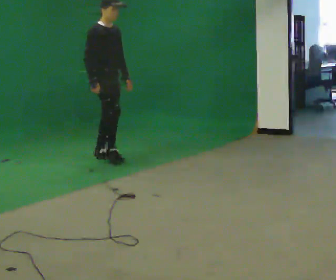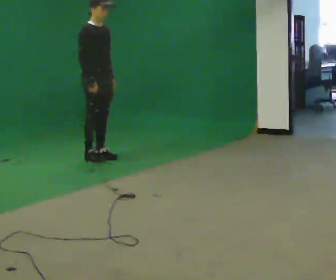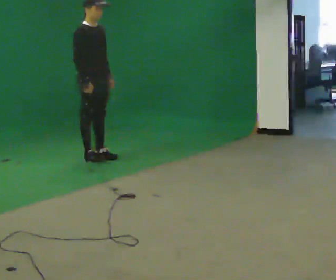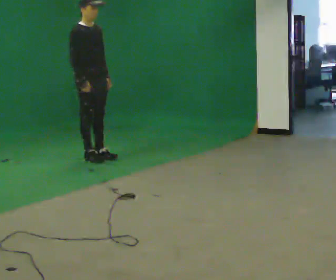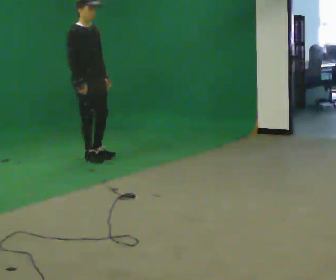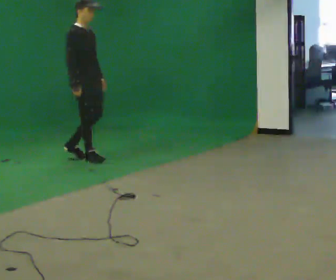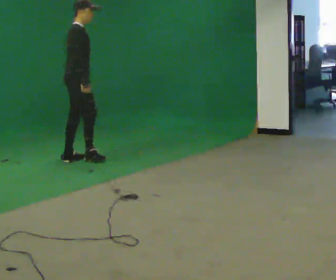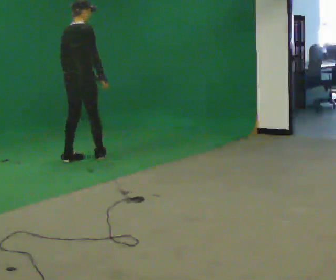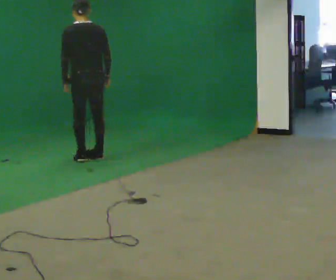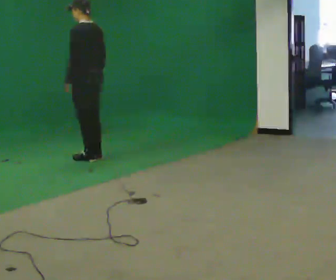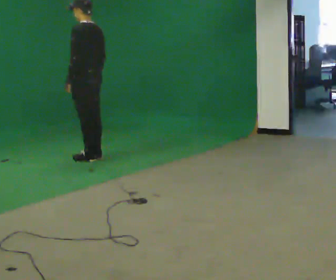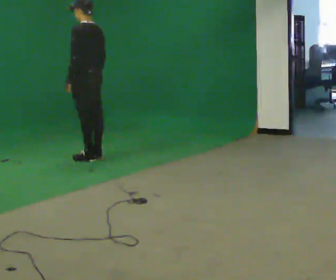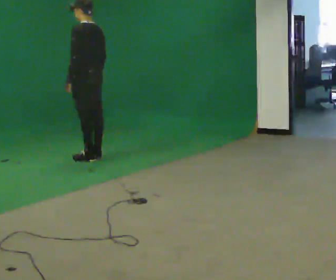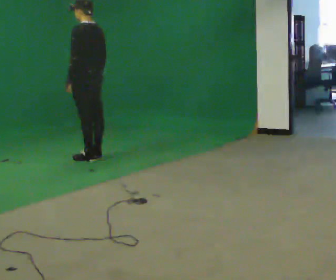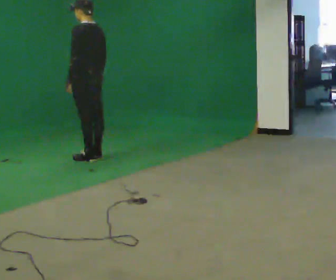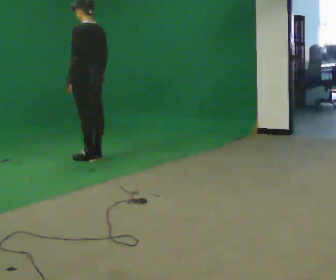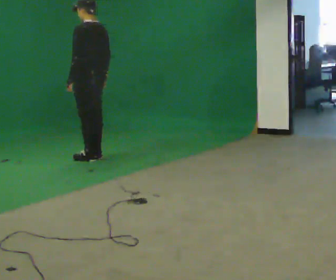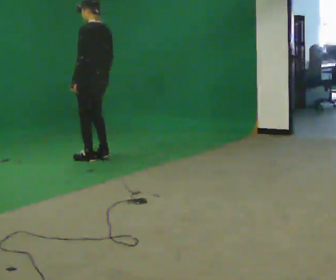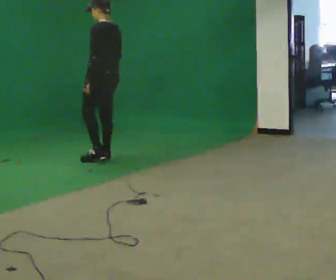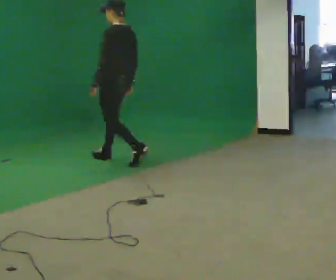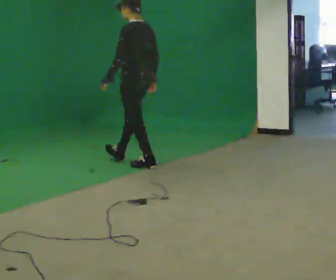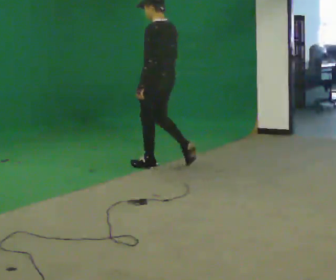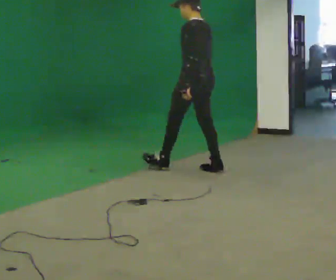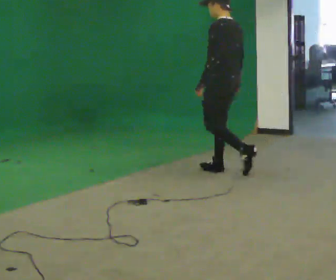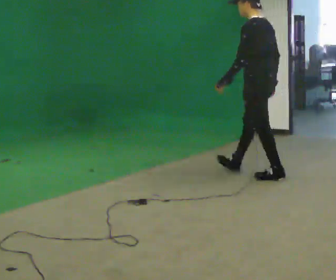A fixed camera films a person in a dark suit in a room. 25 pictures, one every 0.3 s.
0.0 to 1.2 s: In the picture they go to the left, about 0.25 m in 1 step, which for them is backward.
1.2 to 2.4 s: Seen from above the body turns counterclockwise, about 135 degrees: to their left, with its near side sliding to the right. In the picture their right hand goes to the right.
2.4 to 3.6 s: Seen from above the body turns counterclockwise, about 45 degrees: to their left, with its near side sliding to the right.
3.6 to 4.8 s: The person moves a little, or ends about where they began.
4.8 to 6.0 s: In the picture they go to the right and toward the camera, about 0.75 m in 2 steps, which for them is backward.
6.0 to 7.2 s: In the picture they go to the right and toward the camera, about 1.5 m in 2 steps, which for them is backward.
The film runs backward here.
